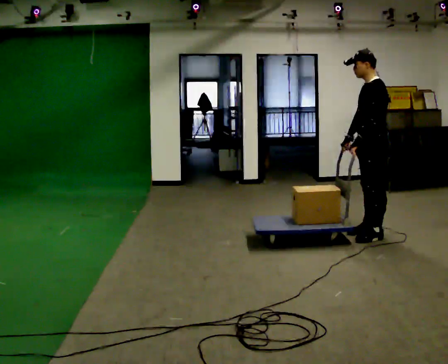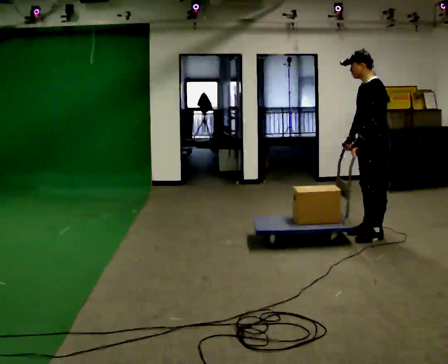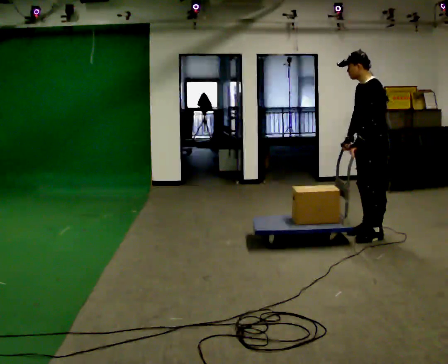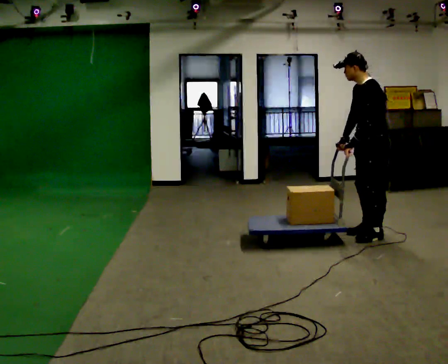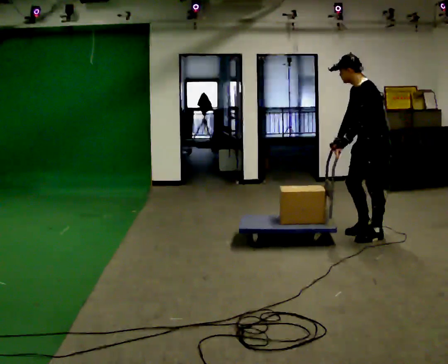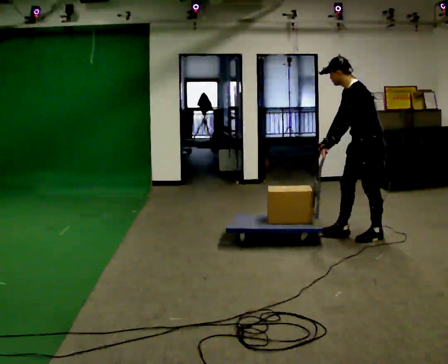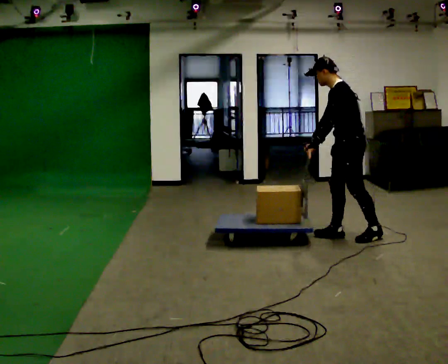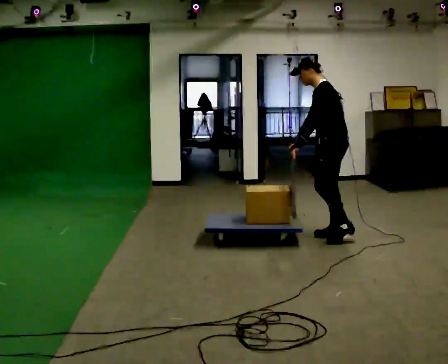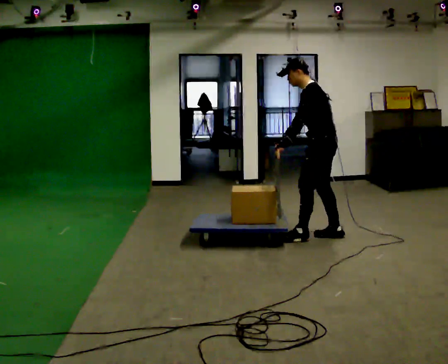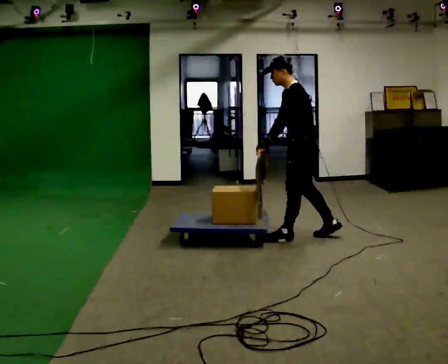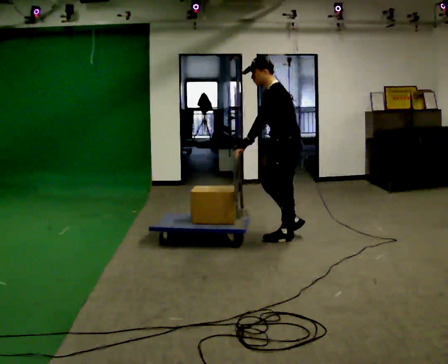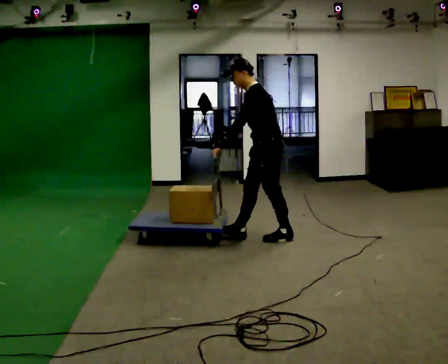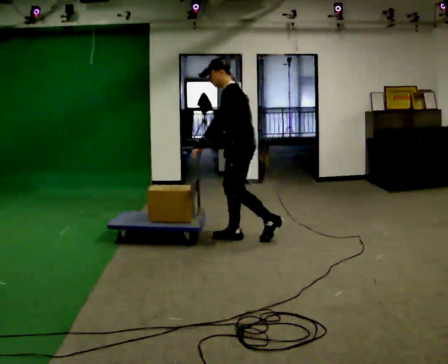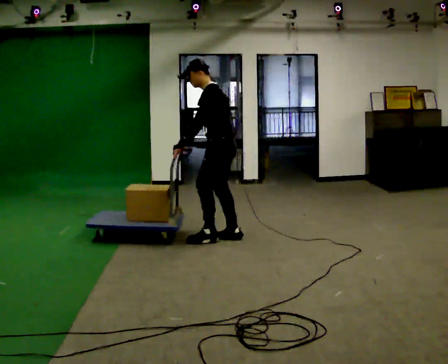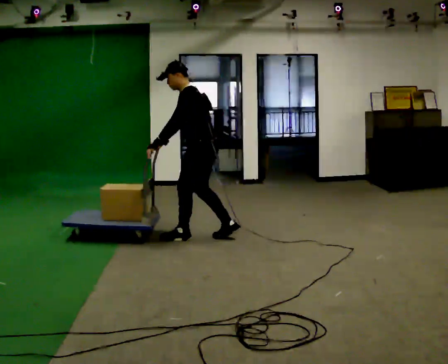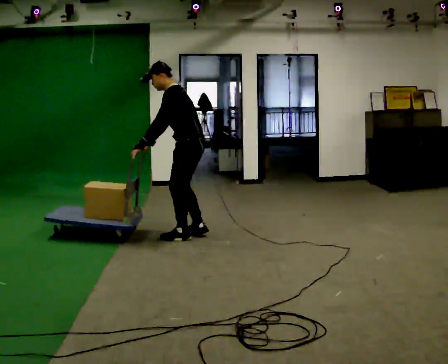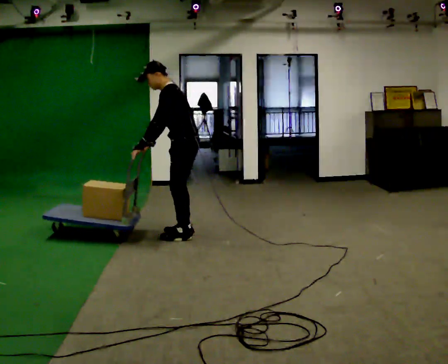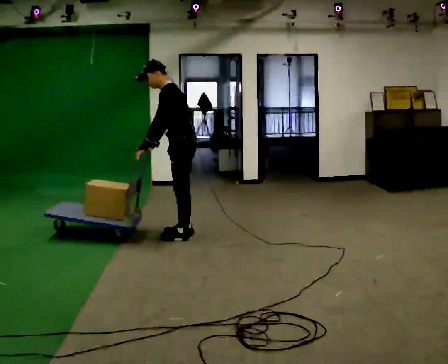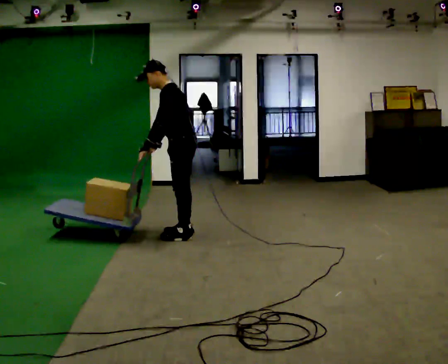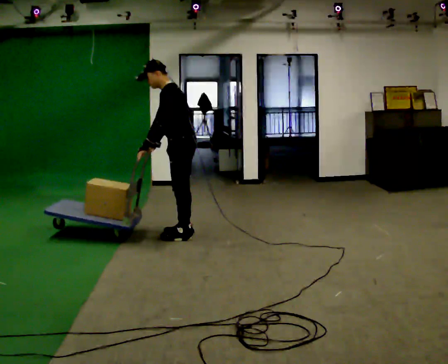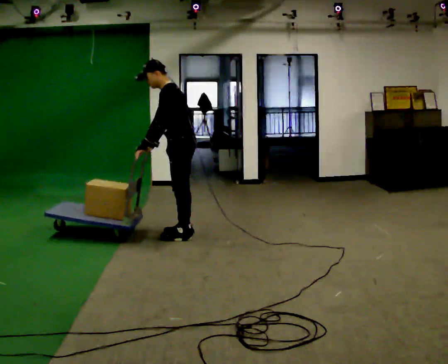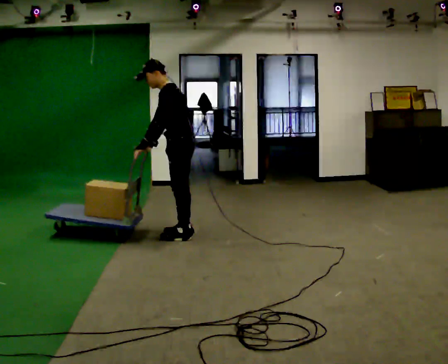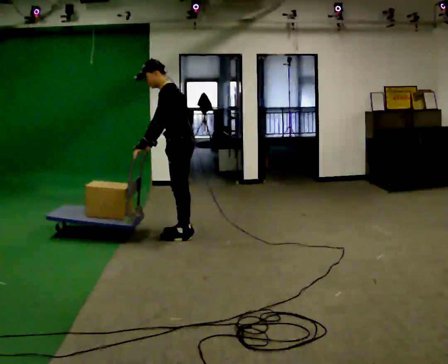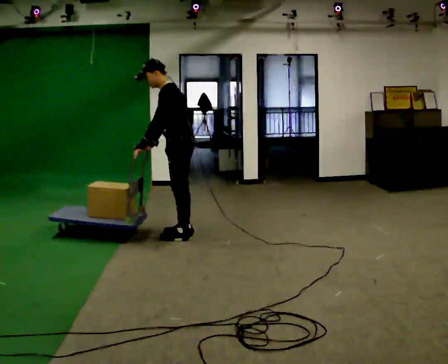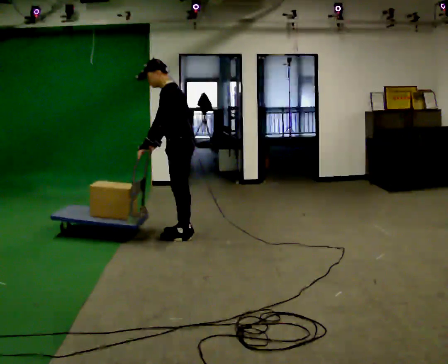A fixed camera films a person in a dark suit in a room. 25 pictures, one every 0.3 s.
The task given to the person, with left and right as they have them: Push the cart across the room and back. The operator will change how much is loaded on it between takes and will tell you each time.
0.0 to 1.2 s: The person moves a little, or ends about where they began.
1.2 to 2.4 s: In the picture they go to the left, about 0.5 m in 1 step, which for them is forward.
2.4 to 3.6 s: In the picture they go to the left, about 1 m in 2 steps, which for them is forward.
3.6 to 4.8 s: In the picture they go to the left, about 0.5 m in 2 steps, which for them is forward.
4.8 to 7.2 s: The person moves a little, or ends about where they began.
The film runs forward here.
